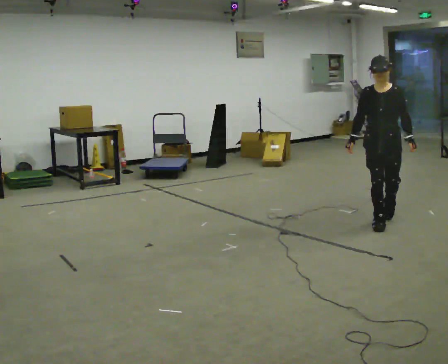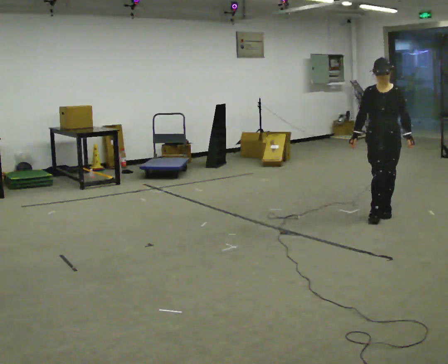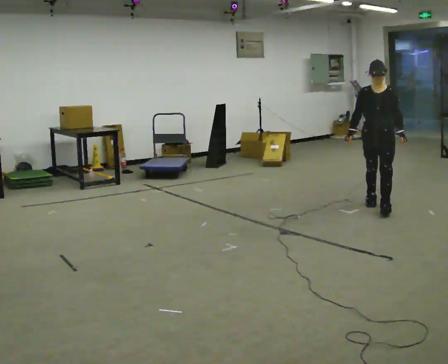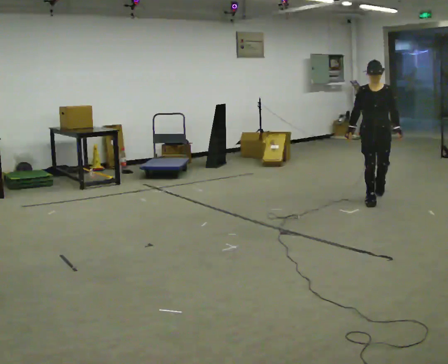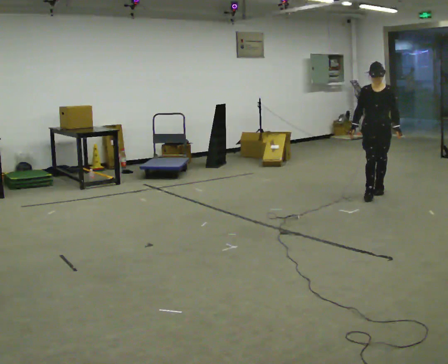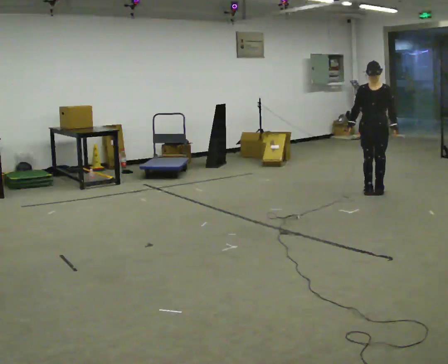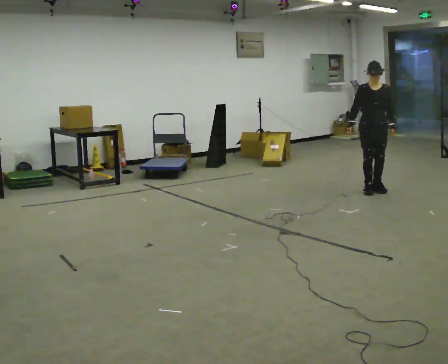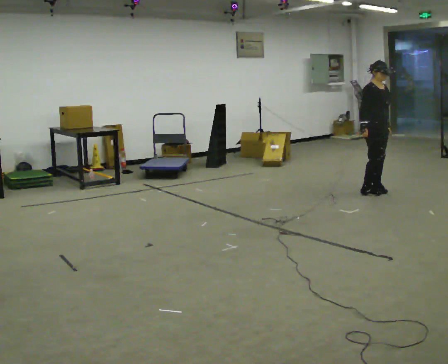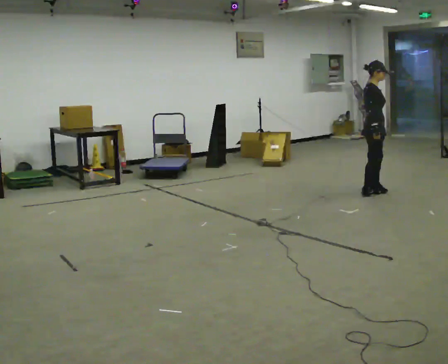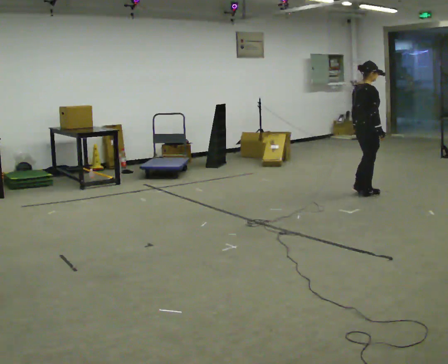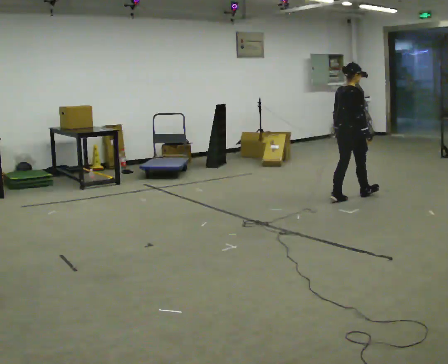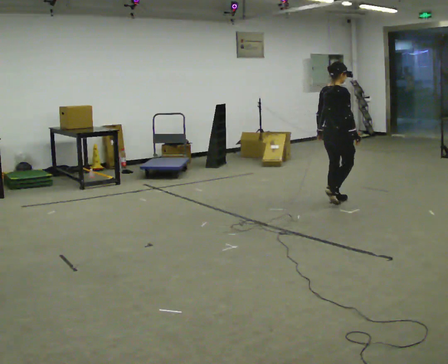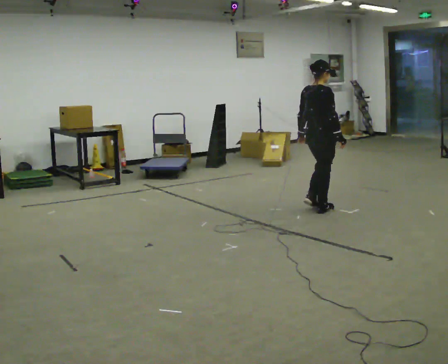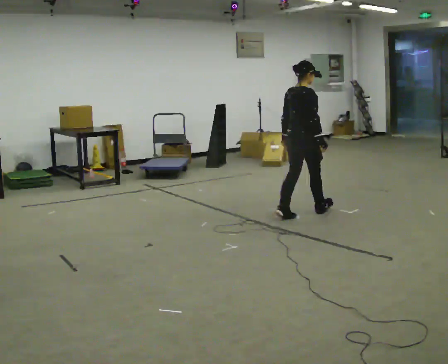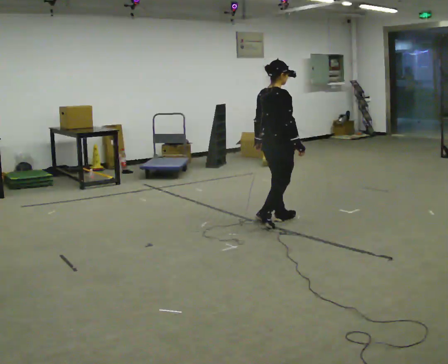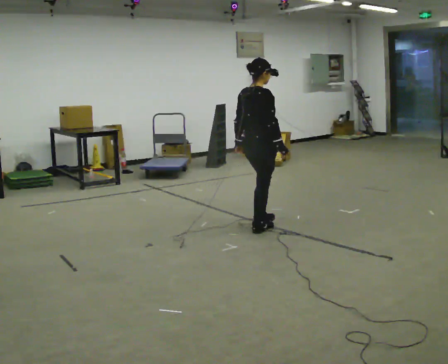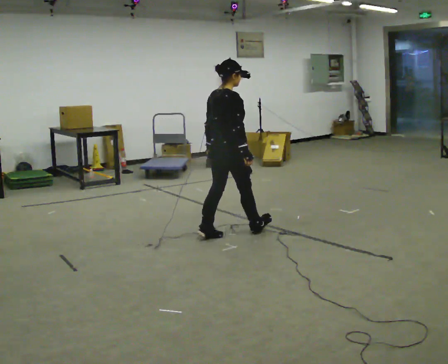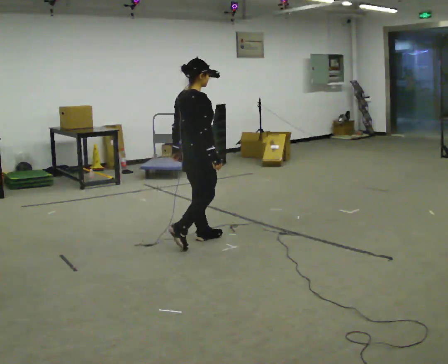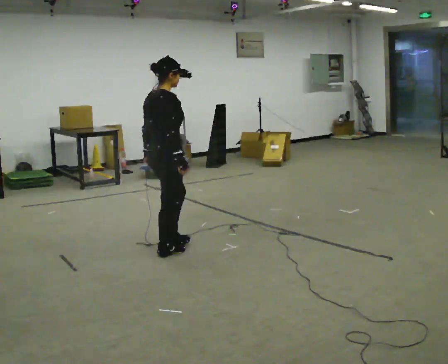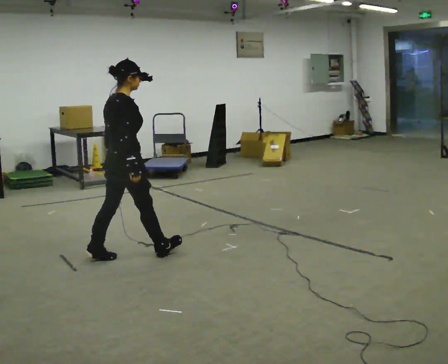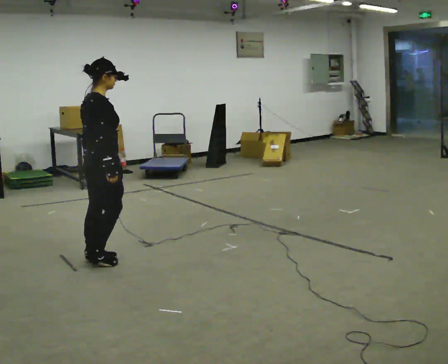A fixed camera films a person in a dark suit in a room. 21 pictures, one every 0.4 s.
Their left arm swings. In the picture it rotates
clockwise.
The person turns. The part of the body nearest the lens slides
to the right.
0.0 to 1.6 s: In the picture they go away from the camera, about 1 m in 3 steps, which for them is backward.
1.6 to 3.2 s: The person turns about 90 degrees to their left, counterclockwise seen from above, so the part of the body nearest the lens slides to the right.
3.2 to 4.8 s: The person turns about 45 degrees to their left, counterclockwise seen from above, so the part of the body nearest the lens slides to the right. In the picture they go toward the camera and to the left, about 1 m in 3 steps, which for them is backward.
4.8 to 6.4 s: In the picture they go toward the camera and to the left, about 1 m in 2 steps, which for them is backward.
6.4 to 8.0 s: In the picture they go toward the camera and to the left, about 1 m in 3 steps, which for them is backward.
The film runs backward here.
